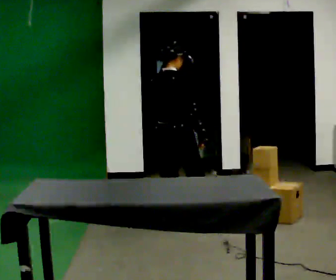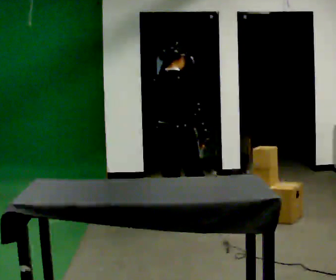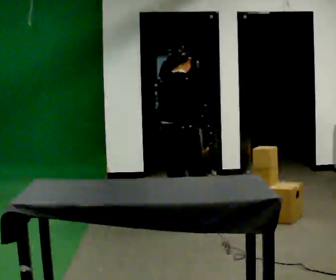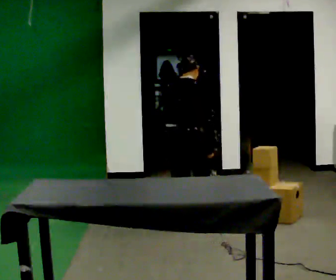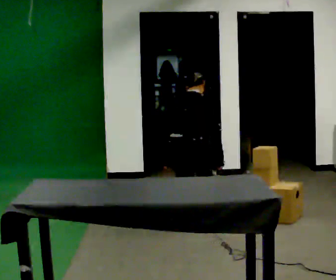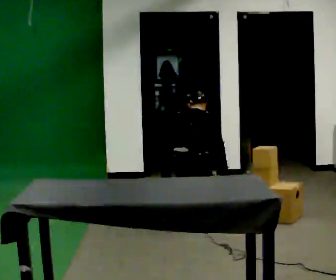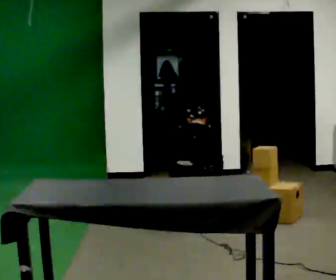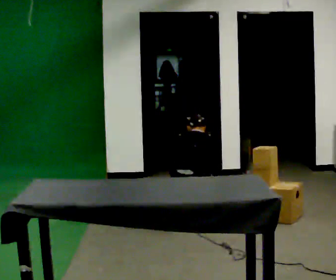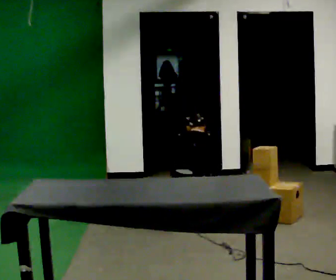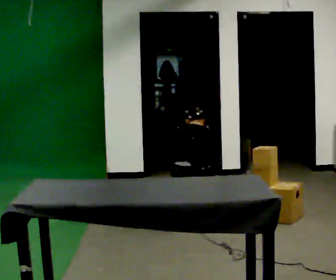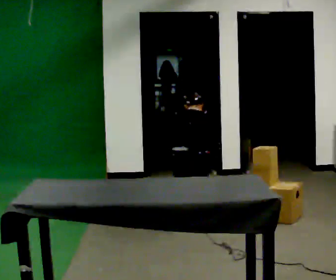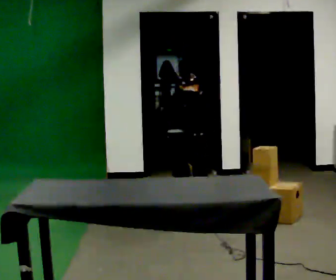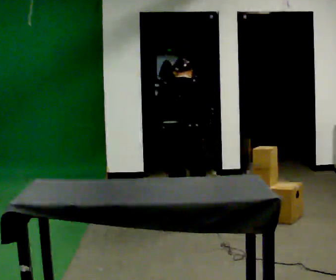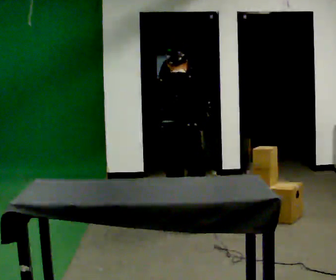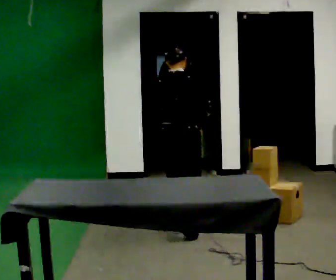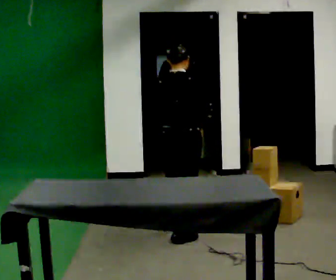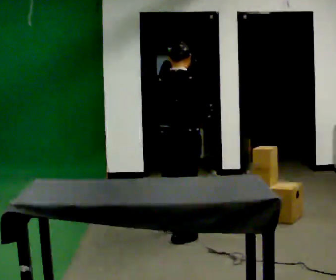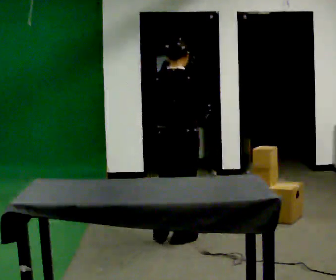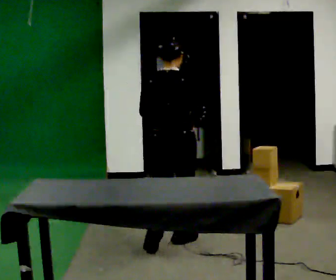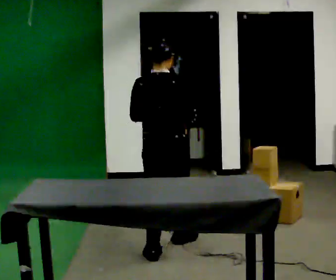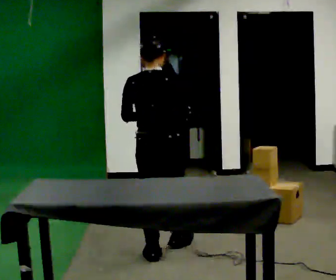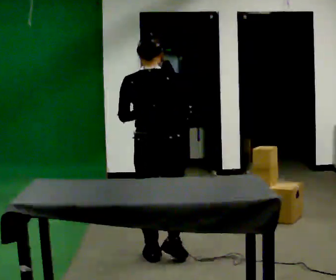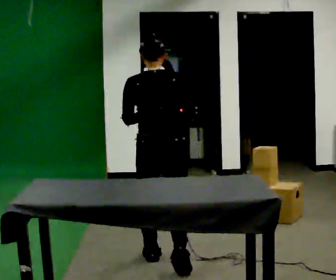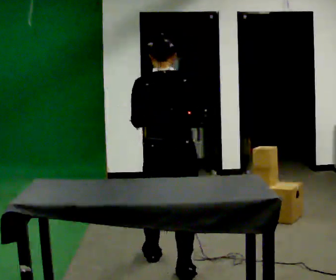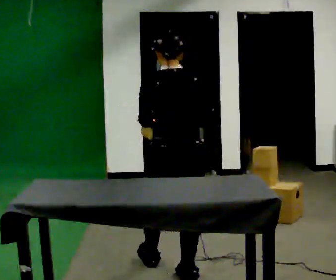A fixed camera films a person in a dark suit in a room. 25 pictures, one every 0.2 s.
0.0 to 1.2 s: The part of the body nearest the lens slides to the right as the person turns to their left by about 30 degrees. In the picture they go to the right, about 0.25 m, which for them is to their right. The shoulders move downward. The upper body tips away from the camera, its near side rolling upward, as they bend forward. In the picture their right hand goes downward.
1.2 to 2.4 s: In the picture their left hand goes upward.
2.4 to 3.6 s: In the picture they go toward the camera, about 0.5 m in 1 step, which for them is backward. The upper body tips toward the camera, its near side rolling downward, as they lean back or straighten.
3.6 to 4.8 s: The part of the body nearest the lens slides to the right as the person turns to their left by about 30 degrees. In the picture they go toward the camera, about 0.5 m in 2 steps, which for them is backward.
The film runs backward here.
